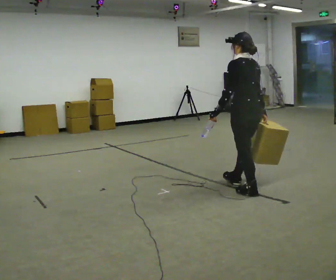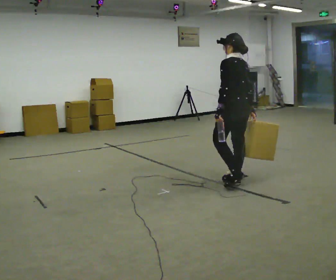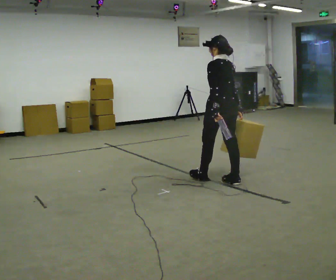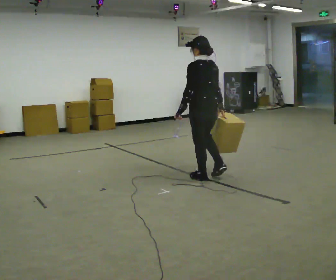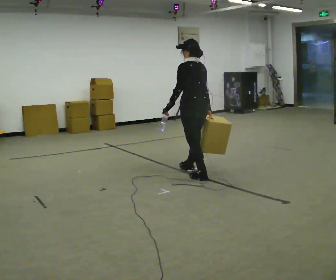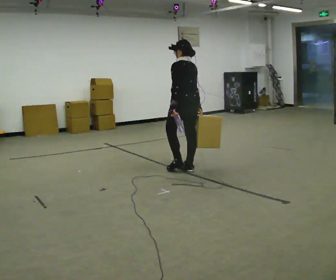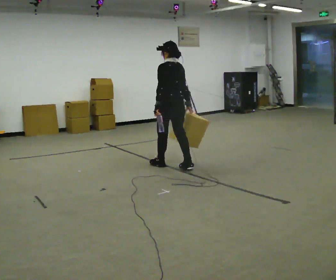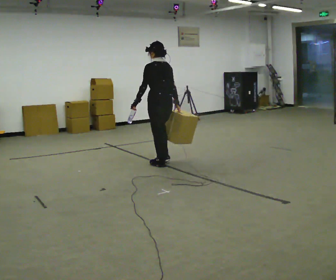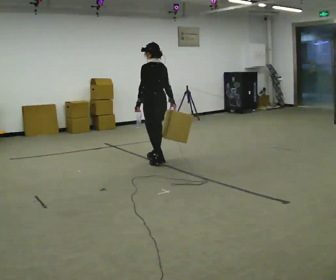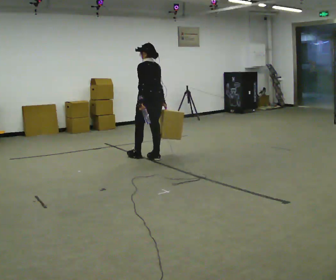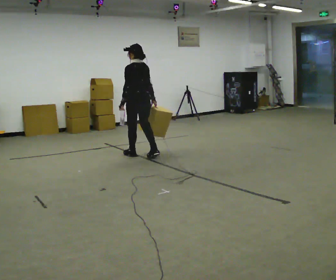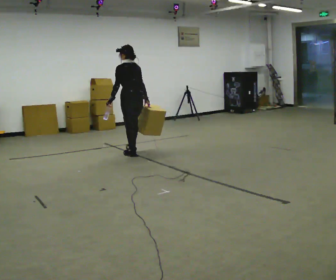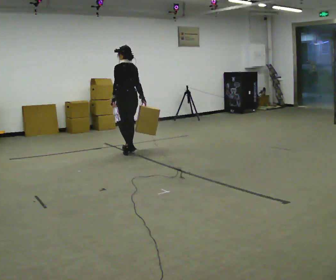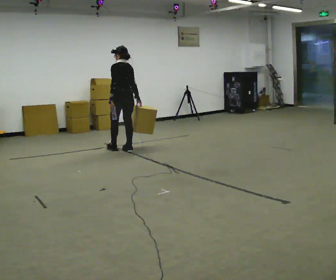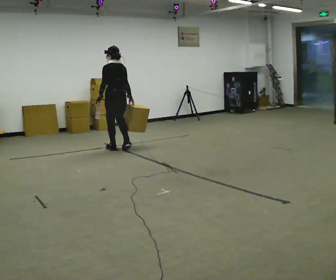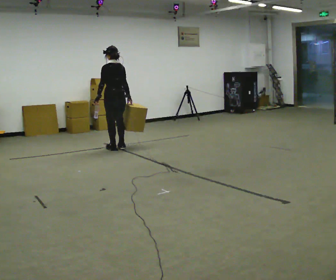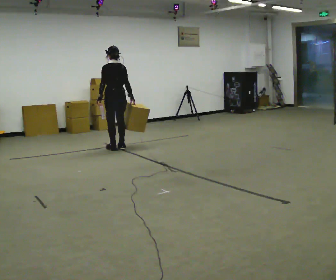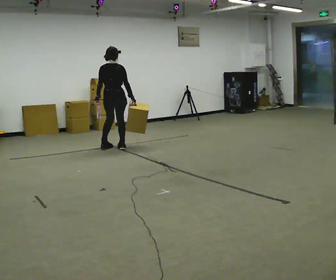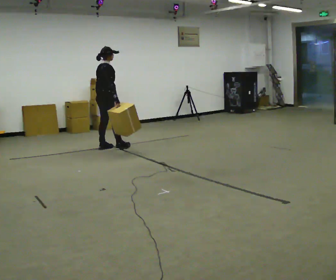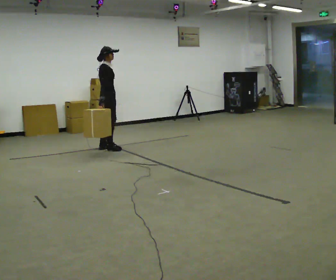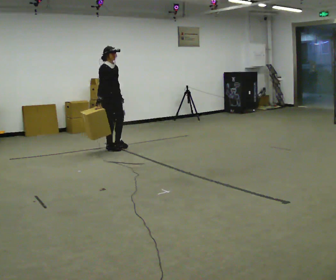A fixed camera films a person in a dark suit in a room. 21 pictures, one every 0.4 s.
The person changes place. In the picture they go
away from the camera.
0.0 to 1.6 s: In the picture they go away from the camera and to the left, about 1 m in 2 steps, which for them is forward.
1.6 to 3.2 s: In the picture they go away from the camera and to the left, about 1 m in 2 steps, which for them is forward.
3.2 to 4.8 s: In the picture they go away from the camera and to the left, about 0.5 m in 2 steps, which for them is forward.
4.8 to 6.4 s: In the picture they go away from the camera and to the left, about 0.25 m in 2 steps, which for them is forward.
6.4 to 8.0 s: The part of the body nearest the lens slides to the left as the person turns to their right by about 150 degrees. In the picture their right hand goes to the left, the arm swinging clockwise.
The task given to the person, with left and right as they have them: Carry one object in each hand, the heavy one in the hand the operator calls, walking back and forth across the room.
The film runs forward here.
